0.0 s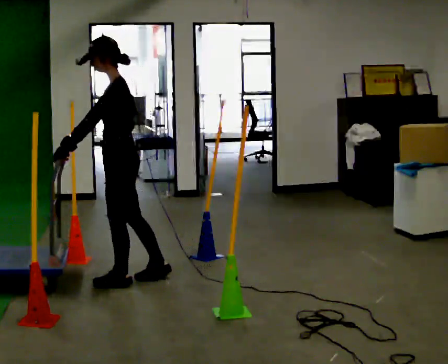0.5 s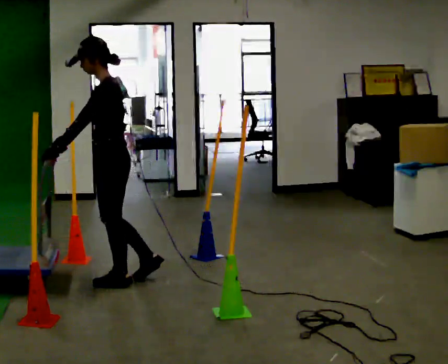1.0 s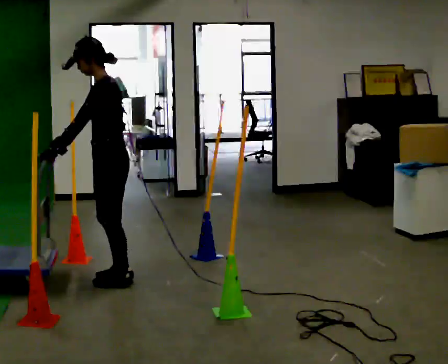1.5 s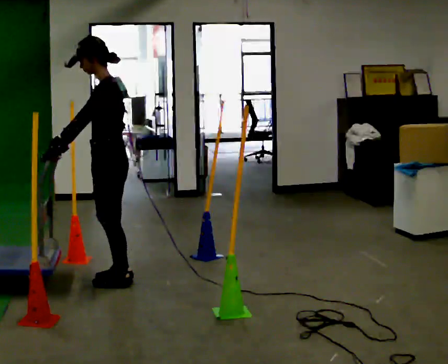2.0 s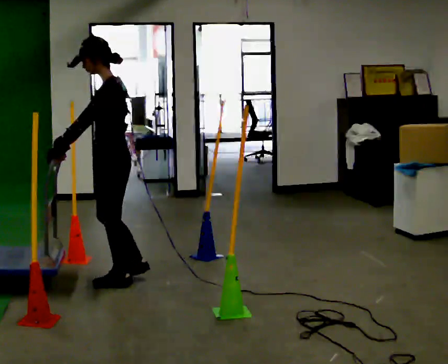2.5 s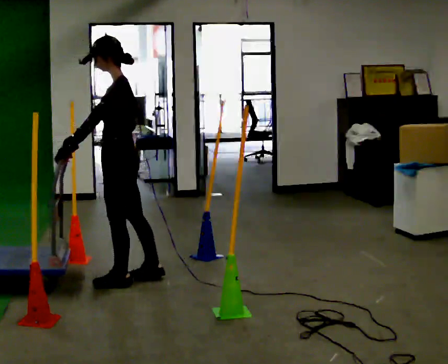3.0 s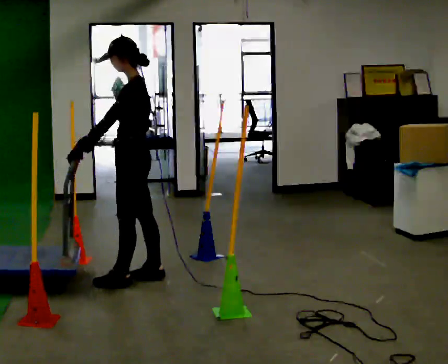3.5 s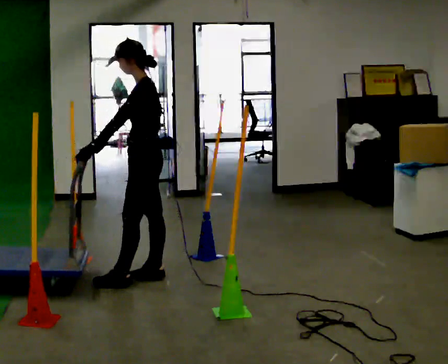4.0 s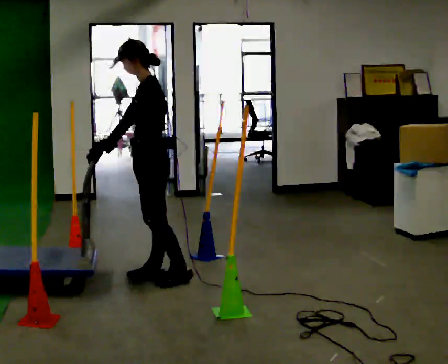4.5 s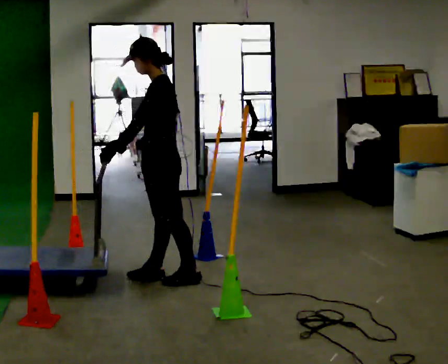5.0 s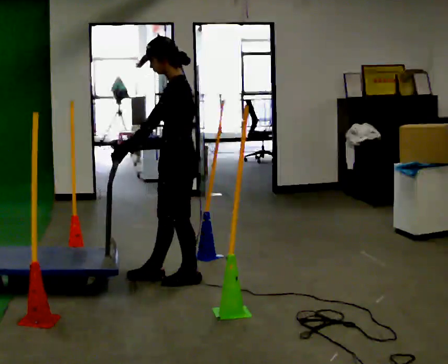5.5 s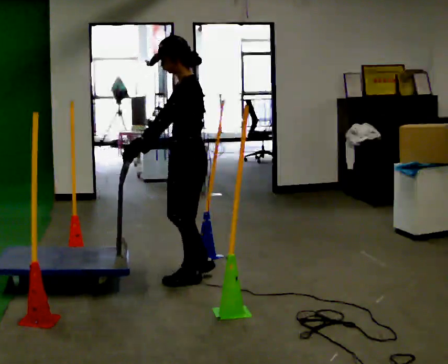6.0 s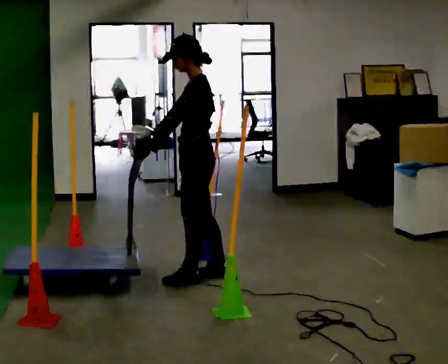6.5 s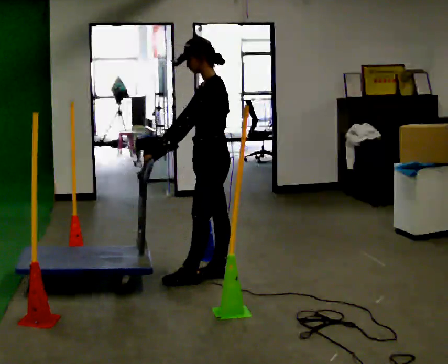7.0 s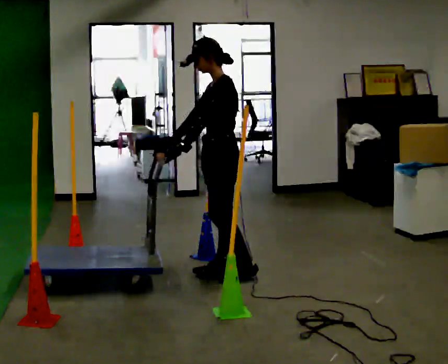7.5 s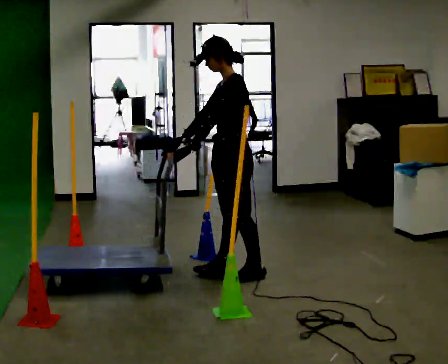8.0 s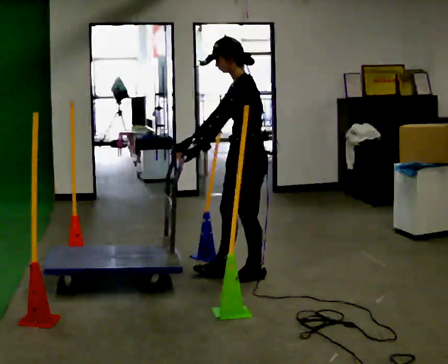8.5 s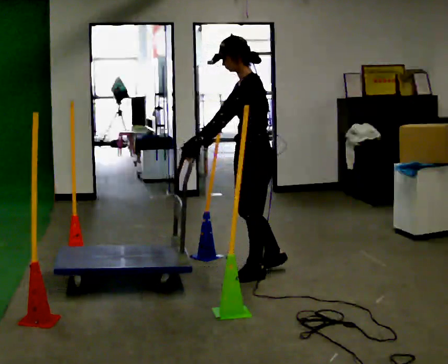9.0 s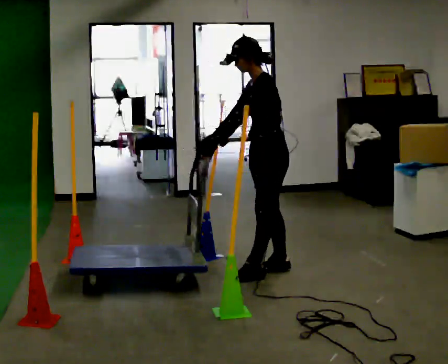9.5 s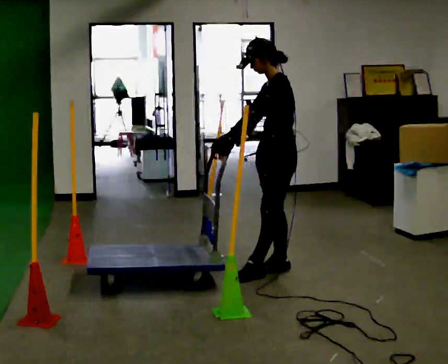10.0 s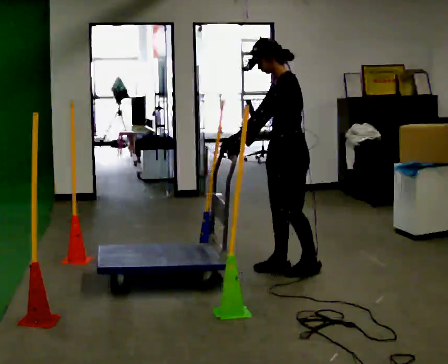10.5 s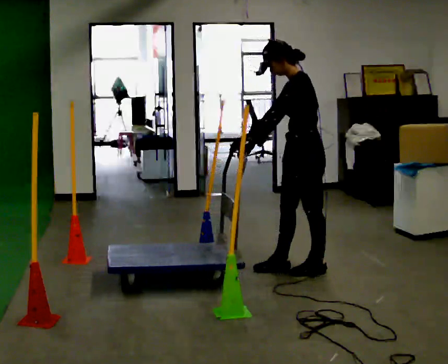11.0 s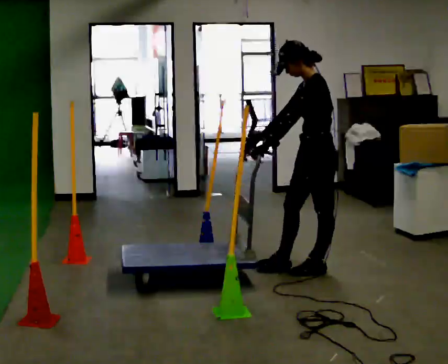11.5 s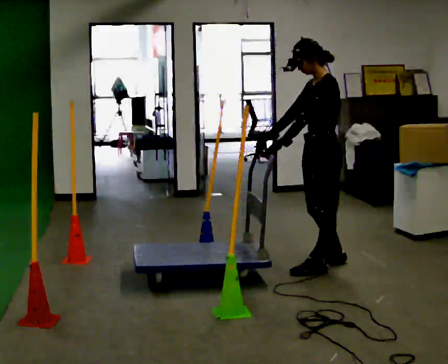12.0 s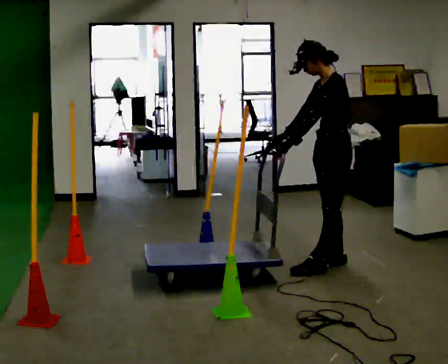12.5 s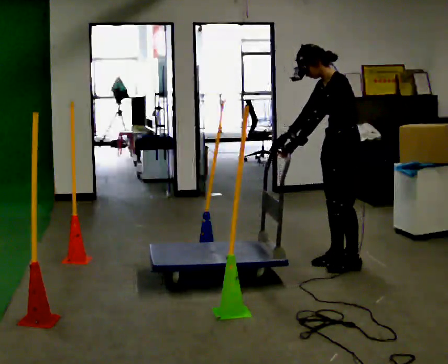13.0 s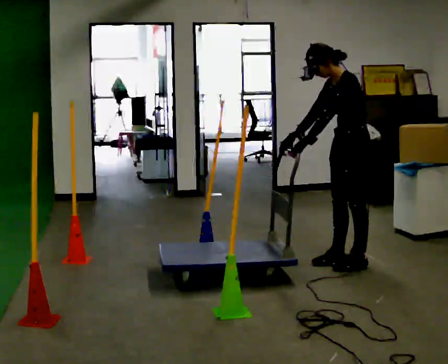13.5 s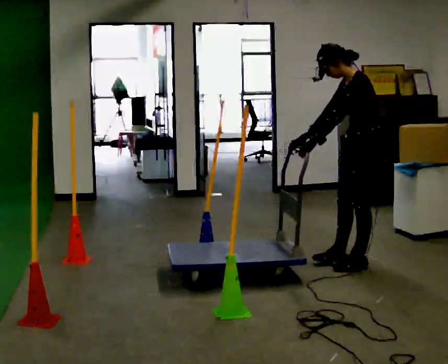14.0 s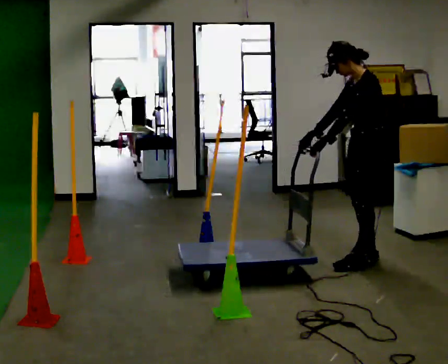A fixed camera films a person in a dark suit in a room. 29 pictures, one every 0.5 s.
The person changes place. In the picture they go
to the right.
0.0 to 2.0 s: The person moves a little, or ends about where they began.
2.0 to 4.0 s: In the picture they go to the right and away from the camera, about 0.25 m in 1 step, which for them is backward and to their right.
4.0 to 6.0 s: In the picture they go to the right, about 0.25 m in 2 steps, which for them is backward.
6.0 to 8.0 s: In the picture they go to the right, about 0.25 m in 1 step, which for them is backward.
8.0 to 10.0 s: In the picture they go to the right and away from the camera, about 0.25 m in 1 step, which for them is backward.
10.0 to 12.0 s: In the picture they go to the right, about 0.25 m in 2 steps, which for them is backward.
12.0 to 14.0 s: In the picture they go to the right, about 0.25 m in 2 steps, which for them is backward.
The film runs forward here.
